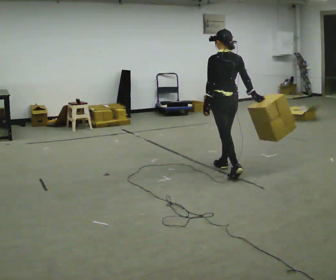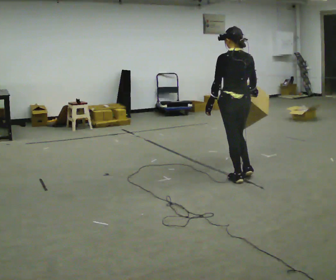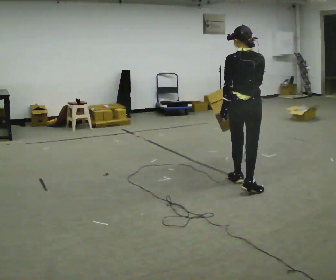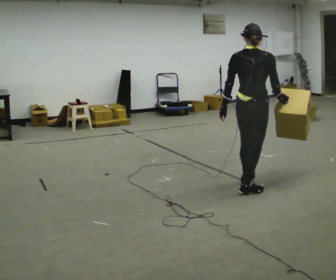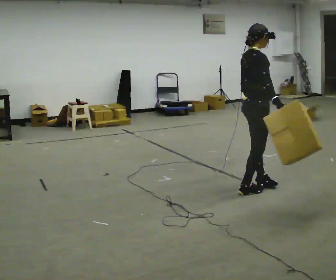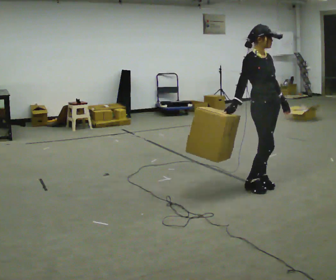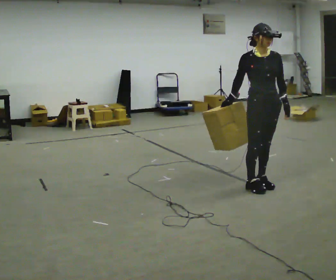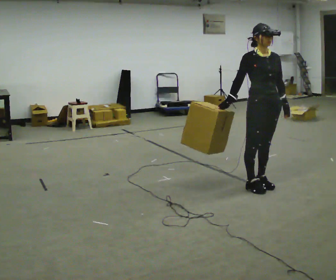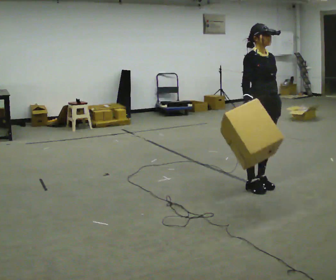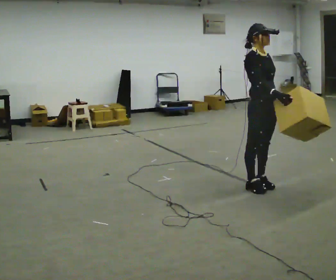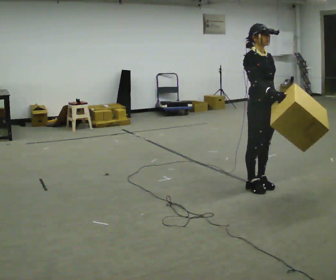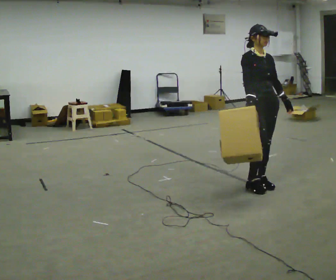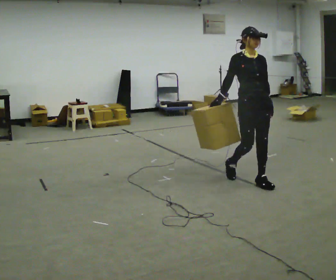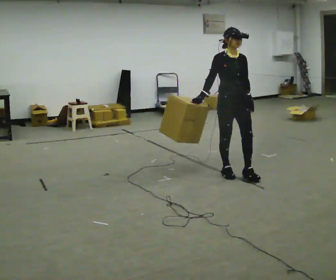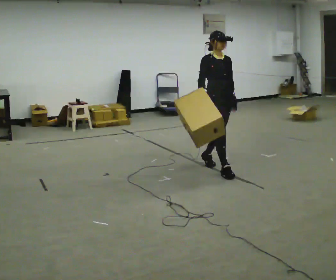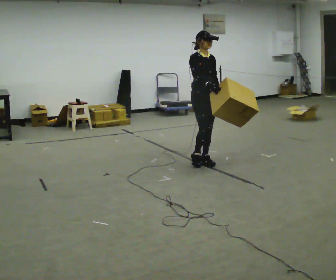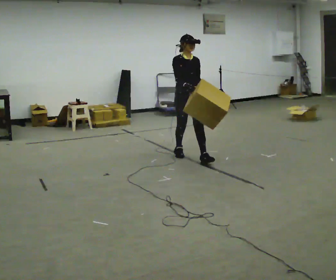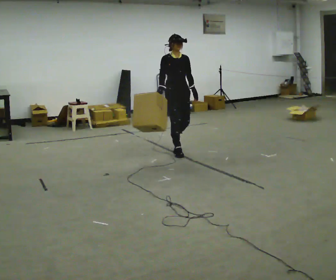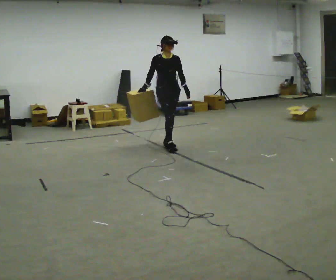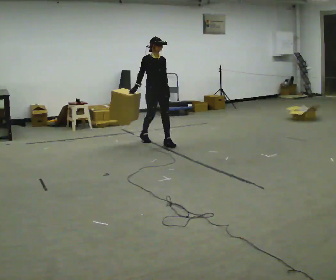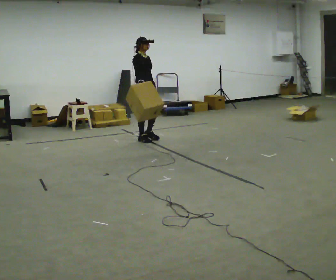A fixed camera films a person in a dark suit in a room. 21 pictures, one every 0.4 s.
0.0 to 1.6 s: The person turns about 105 degrees to their right, clockwise seen from above, so the part of the body nearest the lens slides to the left. In the picture they go toward the camera and to the right, about 0.75 m in 2 steps.
1.6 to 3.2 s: The part of the body nearest the lens slides to the left as the person turns to their right by about 75 degrees. In the picture their right hand goes to the left.
3.2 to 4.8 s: The person moves a little, or ends about where they began.
4.8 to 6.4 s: In the picture they go to the left and away from the camera, about 1 m in 2 steps, which for them is backward.
6.4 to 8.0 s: The person turns about 30 degrees to their left, counterclockwise seen from above, so the part of the body nearest the lens slides to the right. In the picture they go to the left and away from the camera, about 1 m in 3 steps, which for them is backward.
The film runs backward here.
